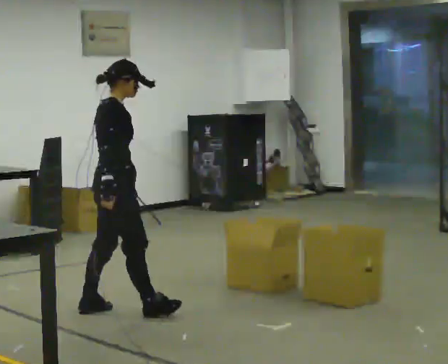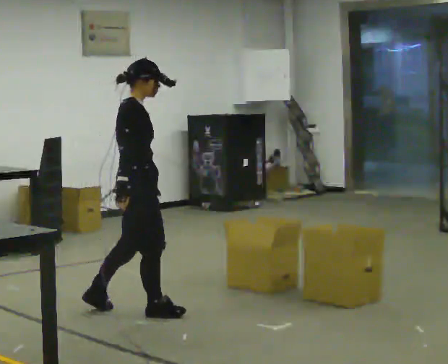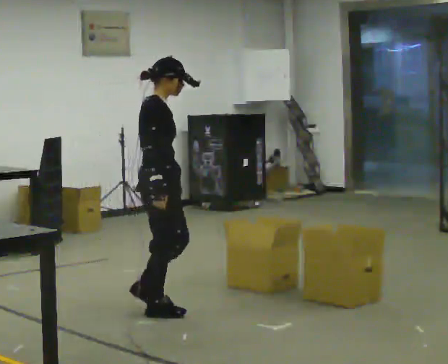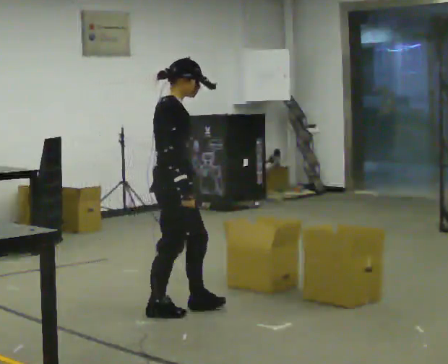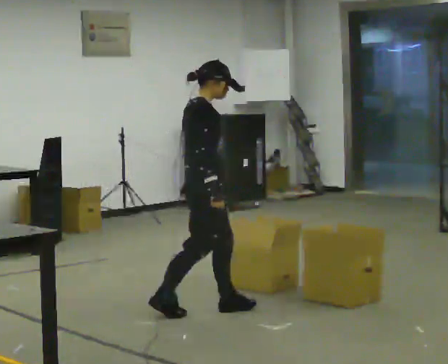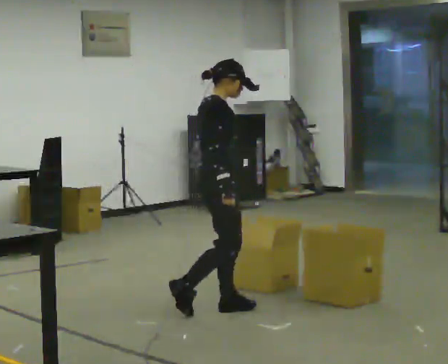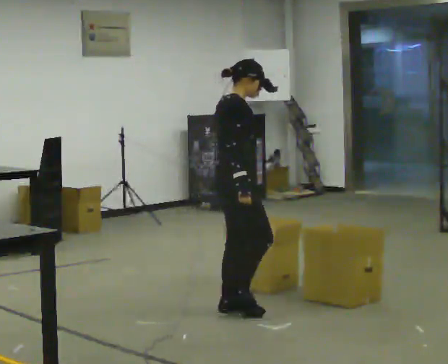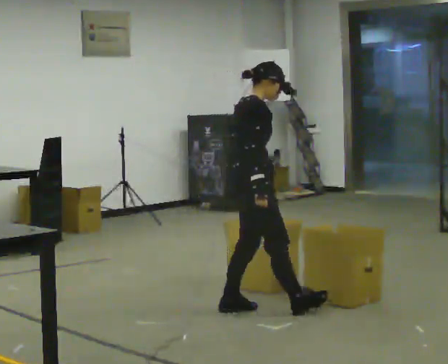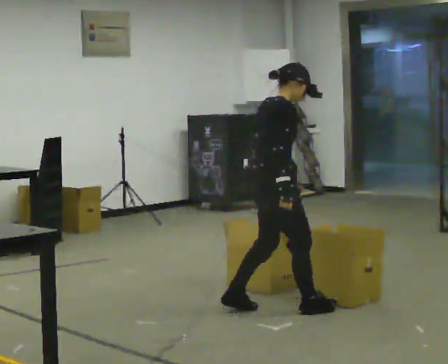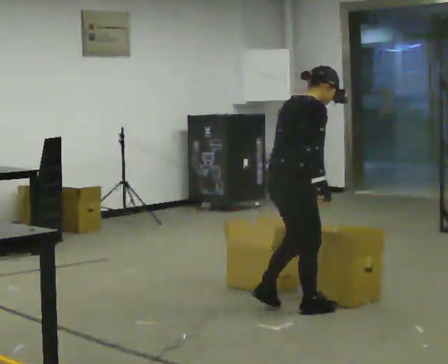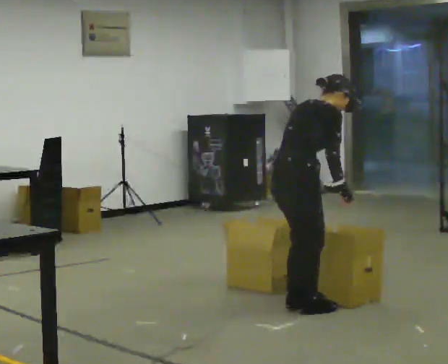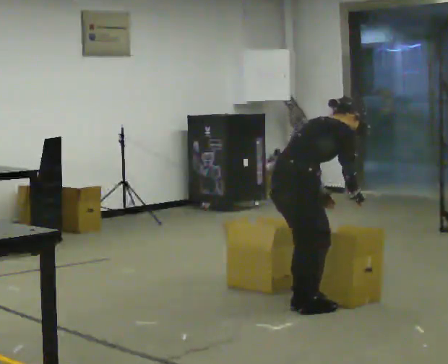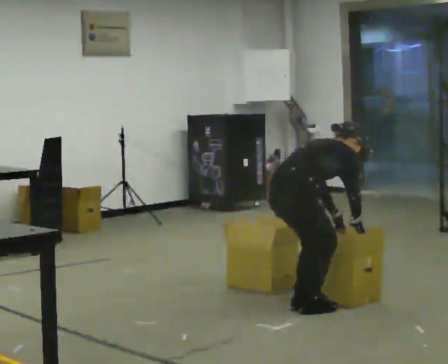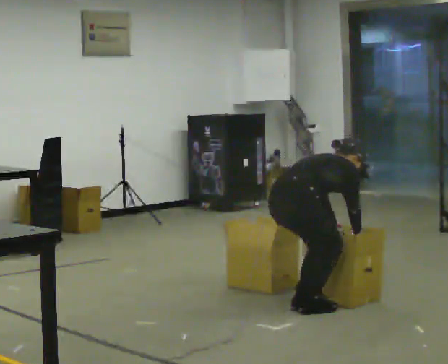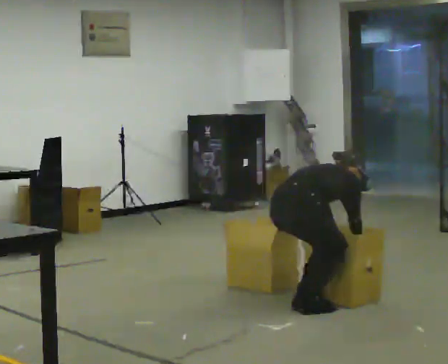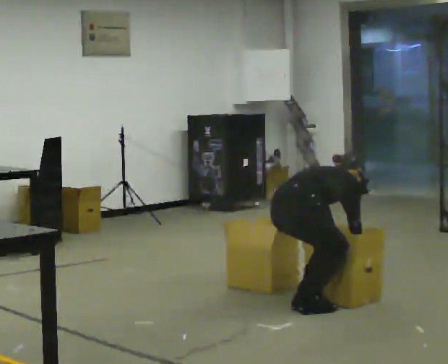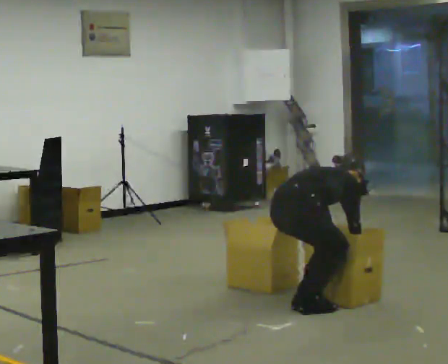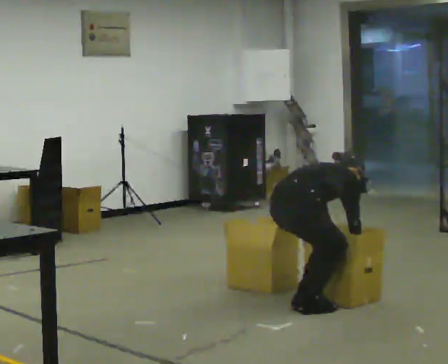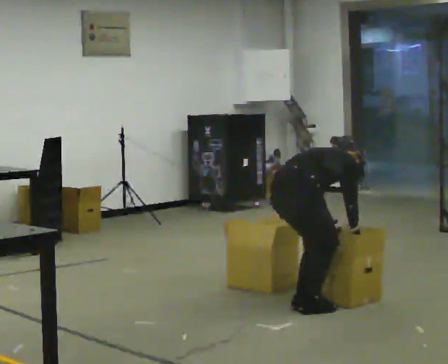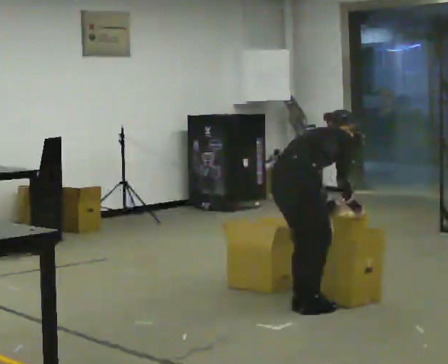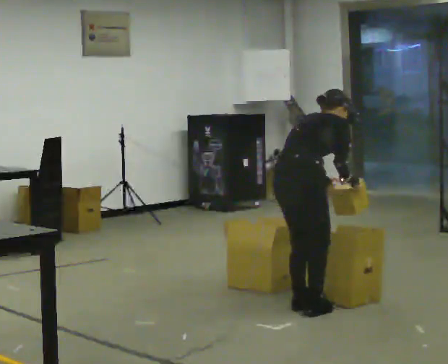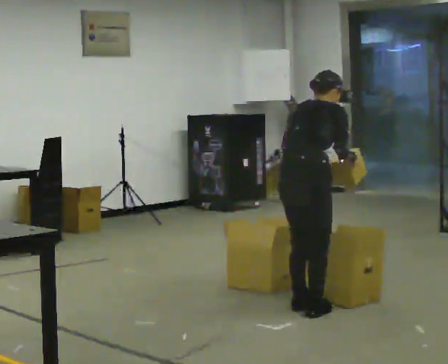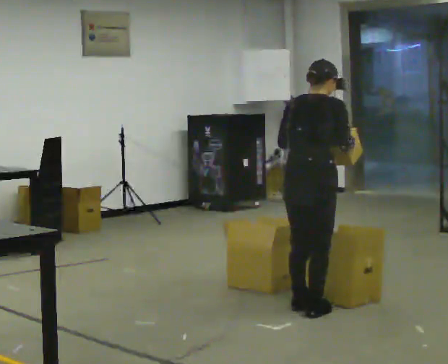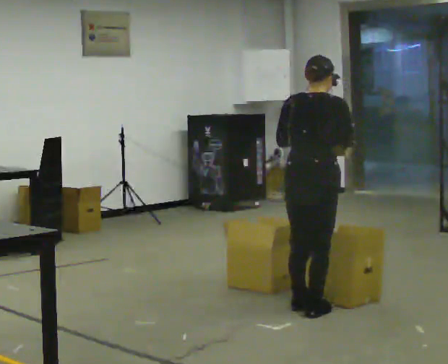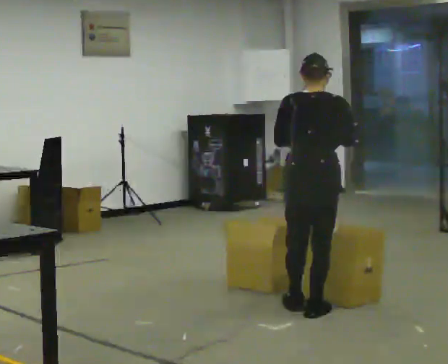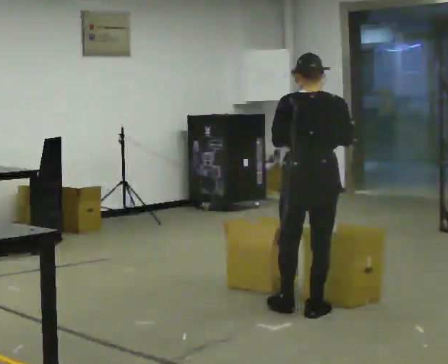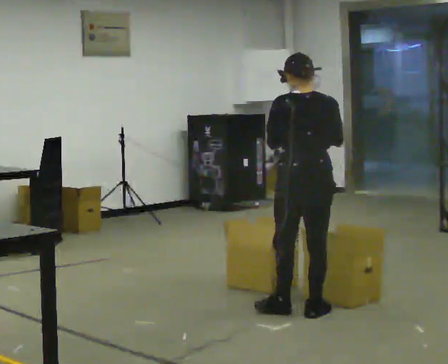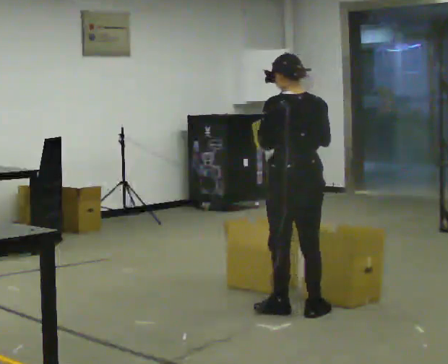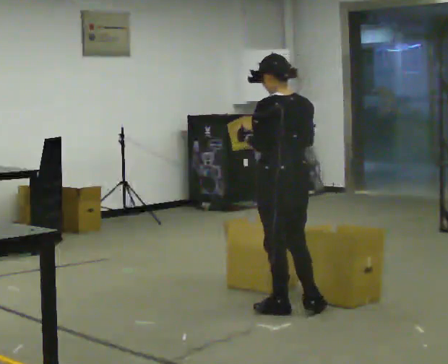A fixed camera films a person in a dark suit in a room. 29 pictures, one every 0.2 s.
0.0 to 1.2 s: In the picture they go to the right, about 0.5 m in 1 step, which for them is forward.
1.2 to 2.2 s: The person turns about 30 degrees to their left, counterclockwise seen from above, so the part of the body nearest the lens slides to the right. In the picture they go to the right, about 0.25 m in 2 steps, which for them is forward and to their right. The upper body goes downward. In the picture the upper body tilts clockwise, shoulders to the right, as they bend forward.
2.2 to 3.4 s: The shoulders move downward. The upper body tips away from the camera, its near side rolling upward, as they bend forward.
3.4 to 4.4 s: The shoulders move upward. In the picture the upper body tilts counterclockwise, shoulders to the left, as they lean back or straighten. In the picture their right hand goes upward.
4.4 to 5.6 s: The person turns about 75 degrees to their left, counterclockwise seen from above, so the part of the body nearest the lens slides to the right. In the picture their right hand goes to the left.
The film runs forward here.
